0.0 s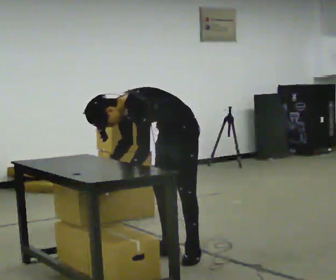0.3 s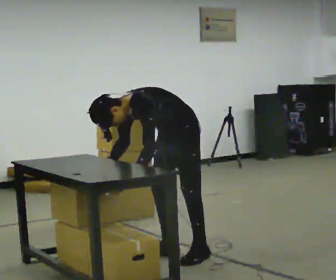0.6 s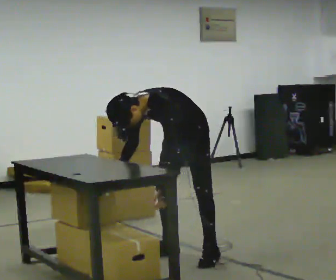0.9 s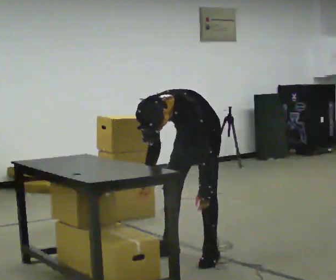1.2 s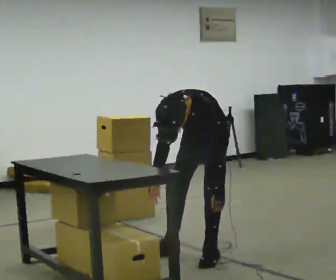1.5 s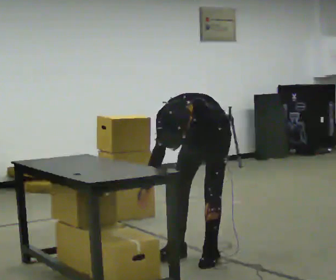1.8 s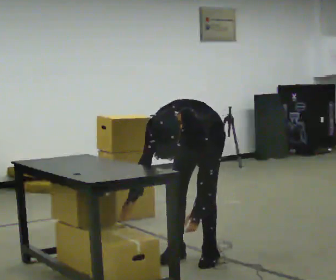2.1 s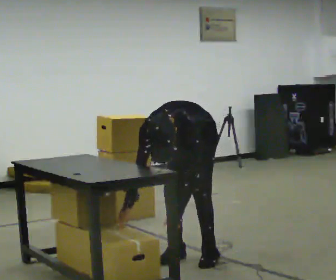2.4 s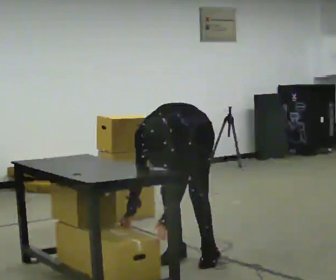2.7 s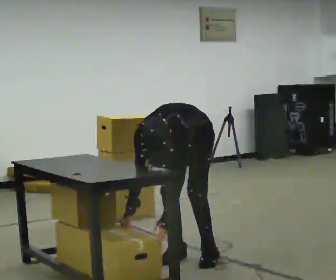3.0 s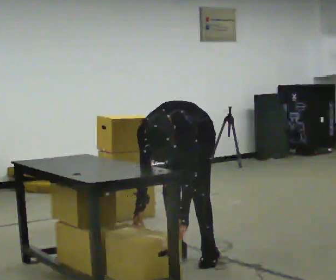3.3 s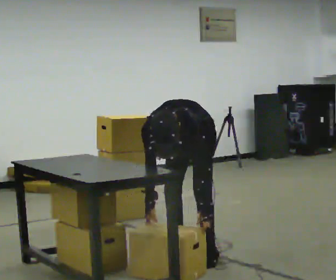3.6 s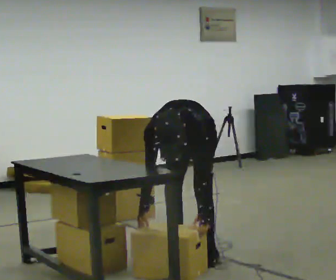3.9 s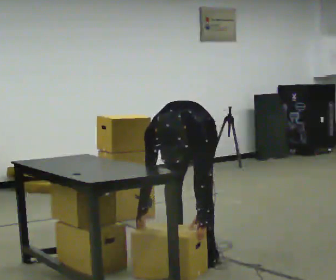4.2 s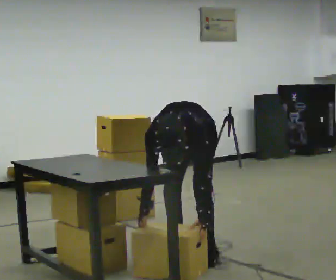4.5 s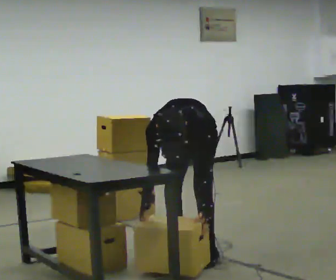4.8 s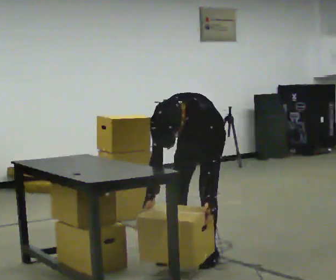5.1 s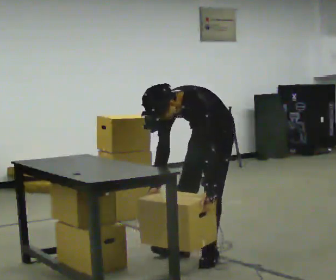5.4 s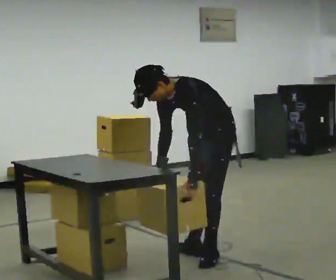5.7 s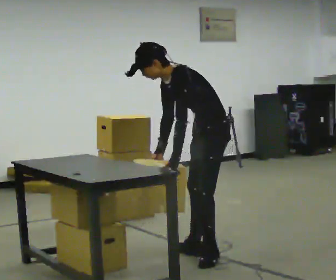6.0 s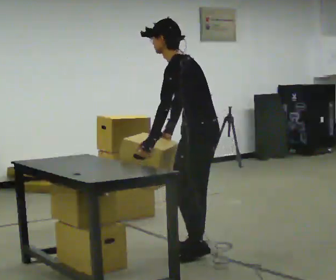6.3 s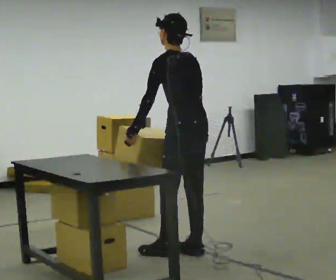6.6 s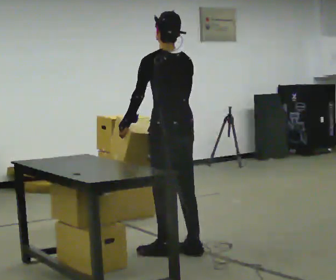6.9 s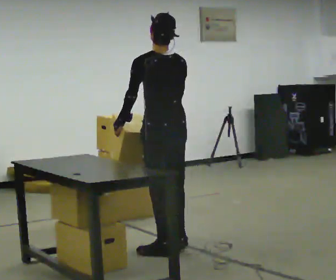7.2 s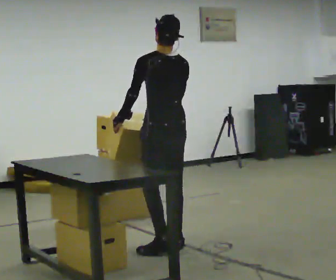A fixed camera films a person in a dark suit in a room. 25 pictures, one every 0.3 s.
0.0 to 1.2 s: The person turns about 30 degrees to their left, counterclockwise seen from above, so the part of the body nearest the lens slides to the right. In the picture they go to the right, about 0.25 m, which for them is to their left. In the picture the upper body tilts clockwise, shoulders to the right. In the picture their left hand goes to the right.
1.2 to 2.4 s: In the picture the upper body tilts counterclockwise, shoulders to the left, as they bend forward. In the picture their left hand goes to the left.
2.4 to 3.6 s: In the picture the upper body tilts clockwise, shoulders to the right.
3.6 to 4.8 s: The person moves a little, or ends about where they began.
4.8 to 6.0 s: Seen from above the body turns clockwise, about 75 degrees: to their right, with its near side sliding to the left. The upper body goes upward. The upper body tips away from the camera, its near side rolling upward, as they lean back or straighten. In the picture their left hand goes to the left and upward, the arm swinging clockwise.
6.0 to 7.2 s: The part of the body nearest the lens slides to the left as the person turns to their right by about 45 degrees. In the picture they go to the left and away from the camera, about 0.25 m in 2 steps, which for them is forward. In the picture the upper body tilts clockwise, shoulders to the right, as they lean back or straighten.
The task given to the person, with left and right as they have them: Take the boxes off the top, get the one from the bottom, carry it away, then put the others back. Keep going until the operator says stop; one object at a time, and do not rush between trips.
The film runs forward here.
